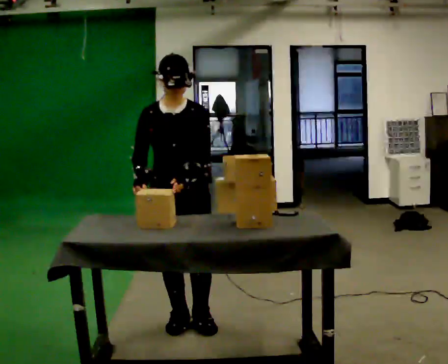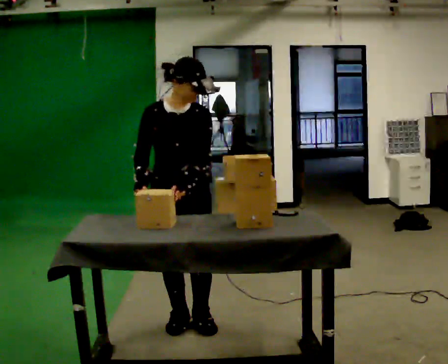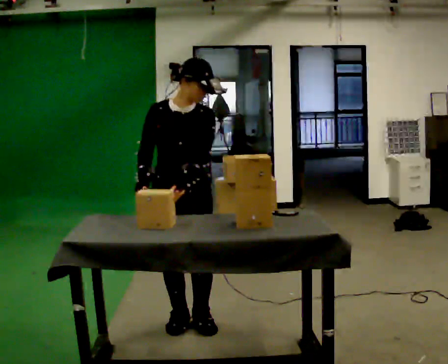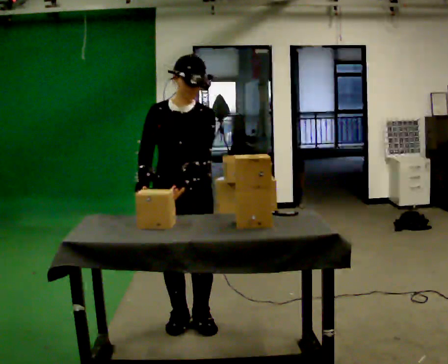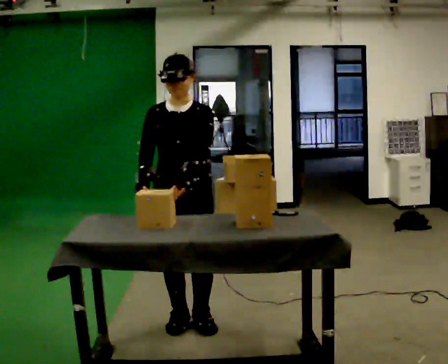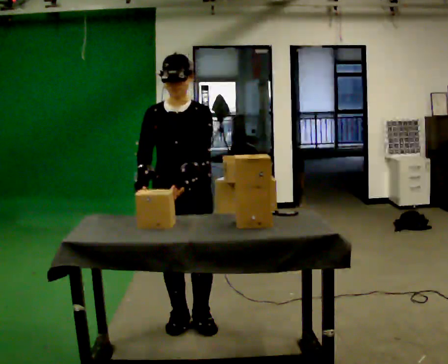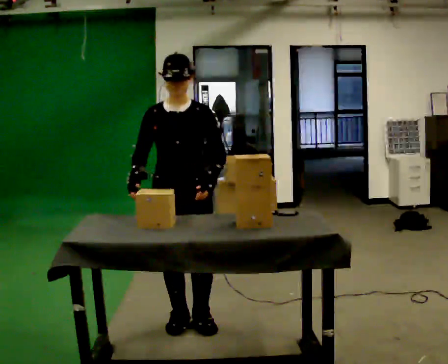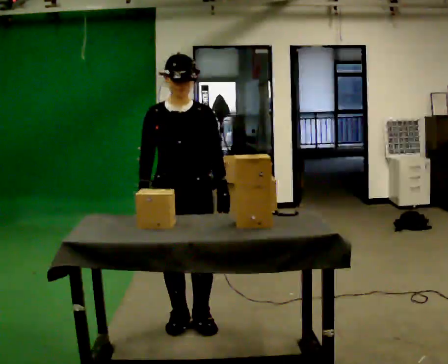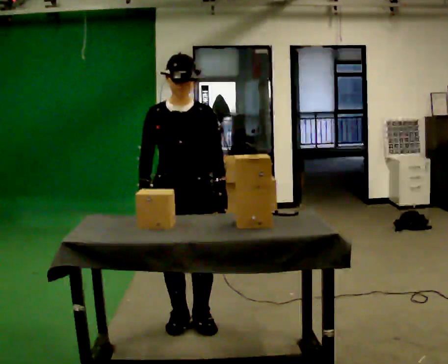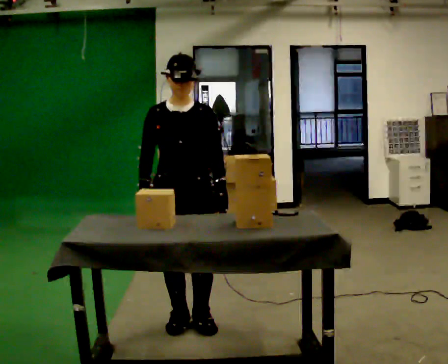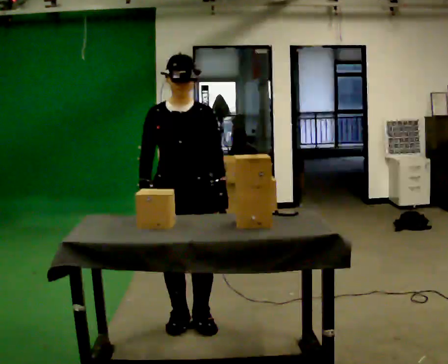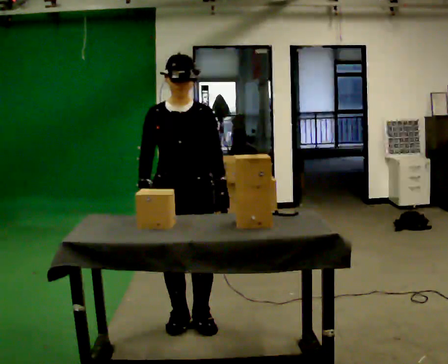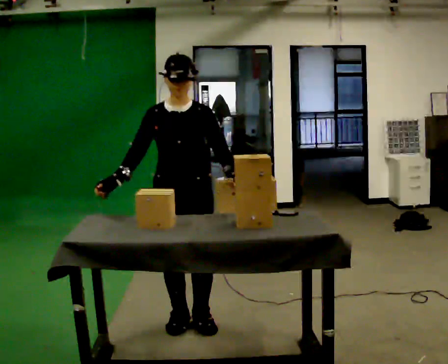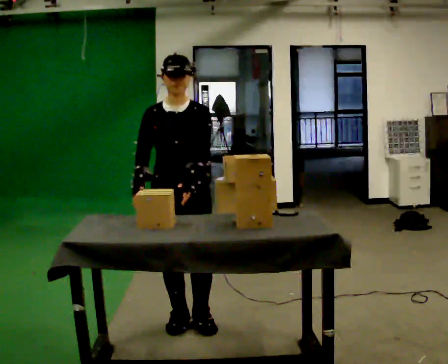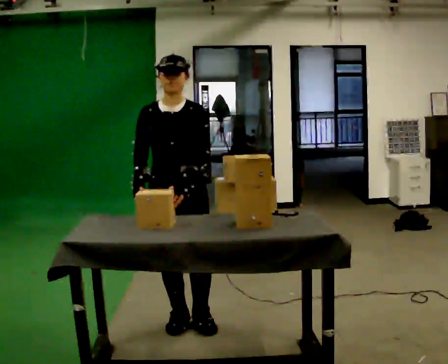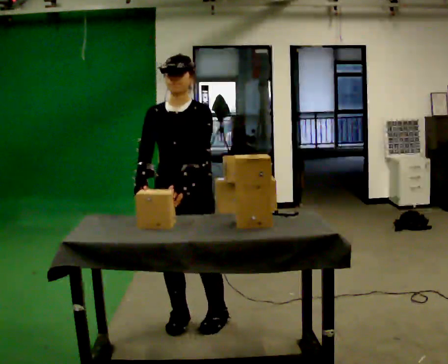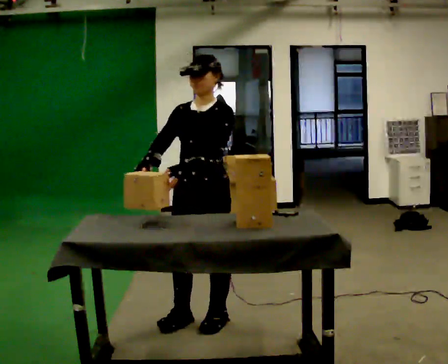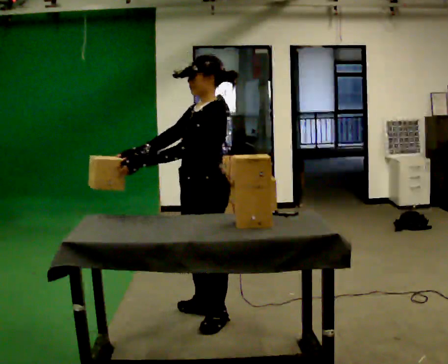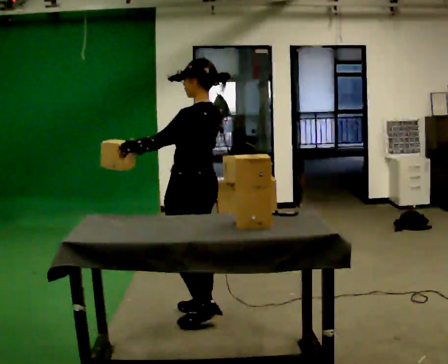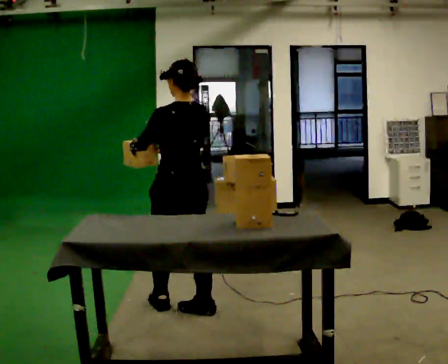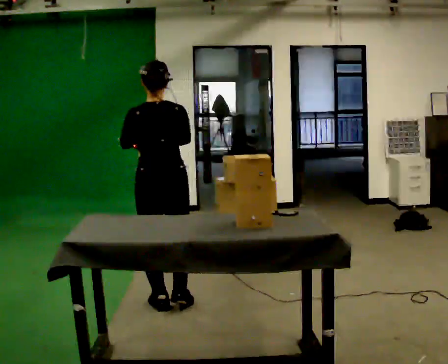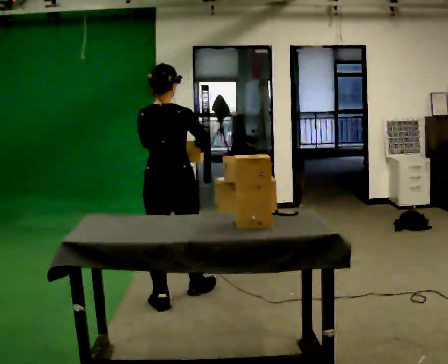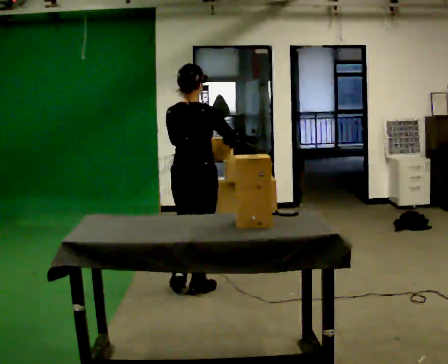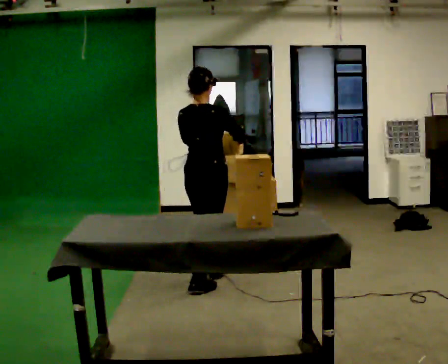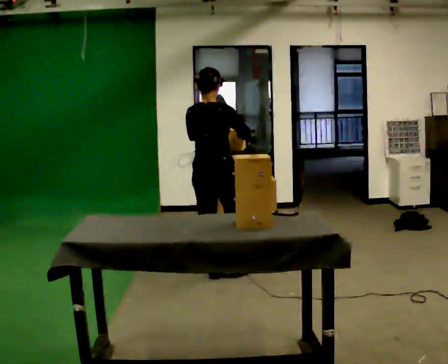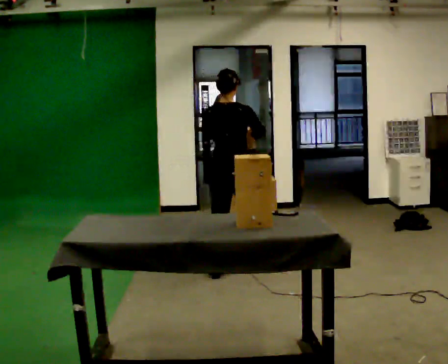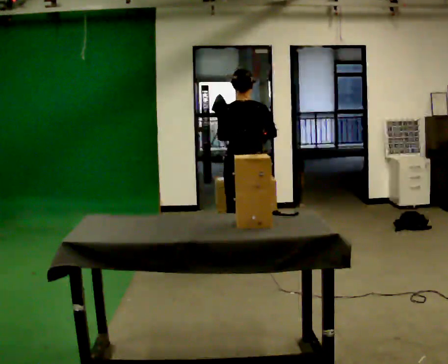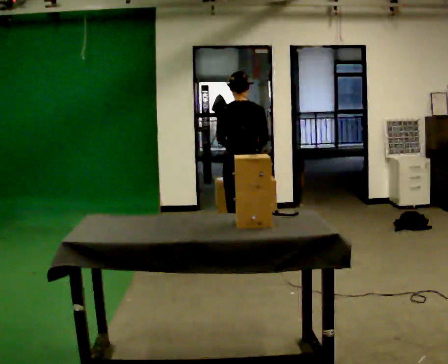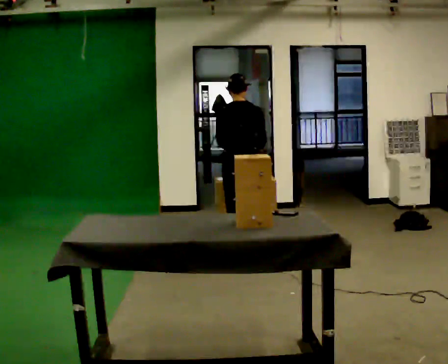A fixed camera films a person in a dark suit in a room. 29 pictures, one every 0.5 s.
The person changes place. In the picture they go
away from the camera.
0.0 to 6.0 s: The person moves a little, or ends about where they began.
6.0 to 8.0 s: Seen from above the body turns clockwise, about 30 degrees: to their right, with its near side sliding to the left.
8.0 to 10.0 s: The part of the body nearest the lens slides to the left as the person turns to their right by about 135 degrees. In the picture they go away from the camera and to the left, about 0.5 m in 2 steps.
10.0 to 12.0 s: The person turns about 30 degrees to their right, clockwise seen from above, so the part of the body nearest the lens slides to the left. In the picture they go away from the camera and to the right, about 1 m in 2 steps, which for them is forward.
12.0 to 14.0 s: In the picture they go away from the camera and to the right, about 0.5 m in 2 steps, which for them is forward. The upper body tips away from the camera, its near side rolling upward, as they bend forward.
The film runs forward here.
